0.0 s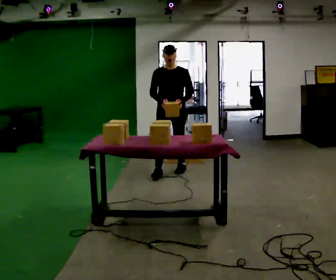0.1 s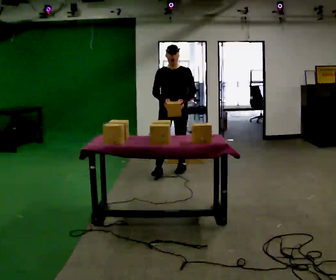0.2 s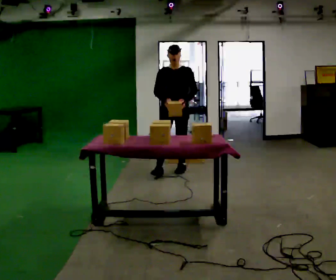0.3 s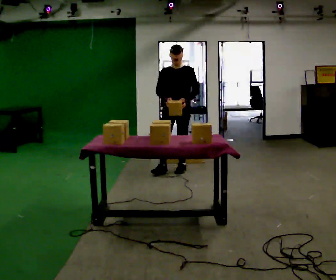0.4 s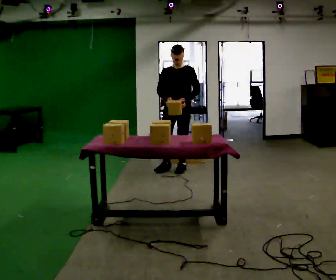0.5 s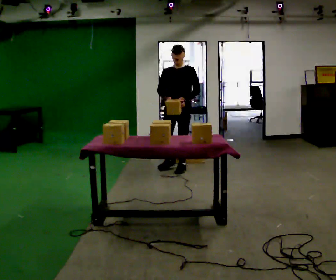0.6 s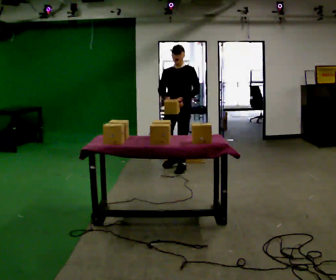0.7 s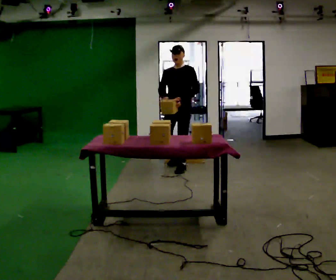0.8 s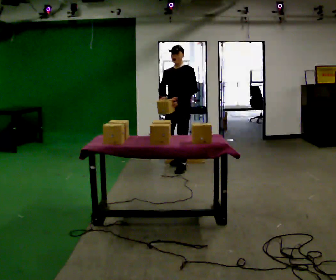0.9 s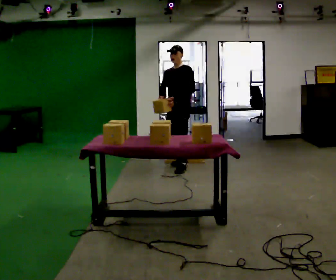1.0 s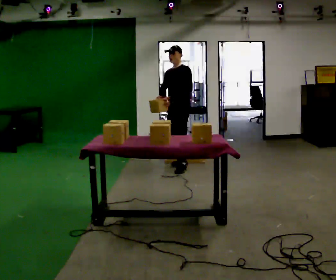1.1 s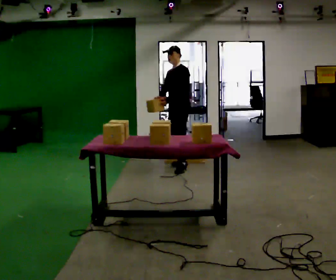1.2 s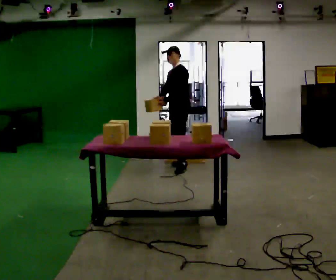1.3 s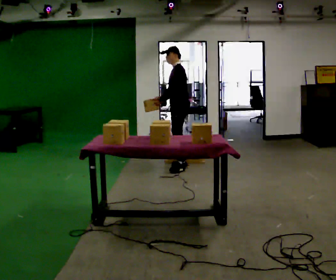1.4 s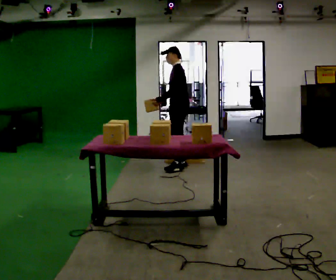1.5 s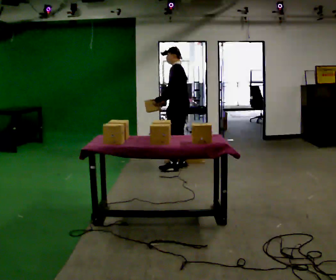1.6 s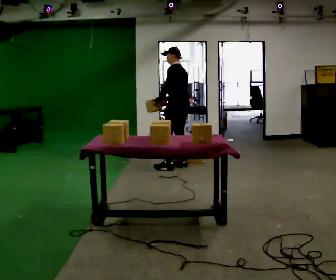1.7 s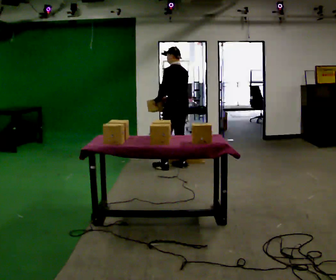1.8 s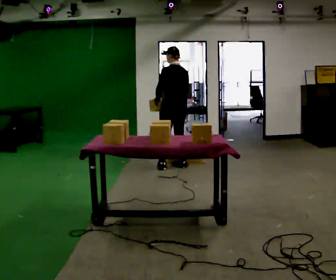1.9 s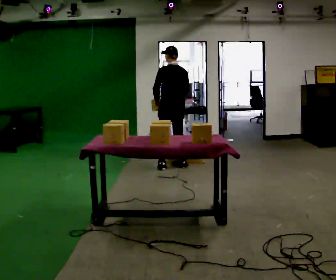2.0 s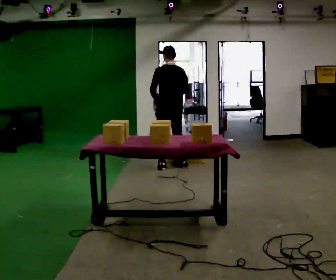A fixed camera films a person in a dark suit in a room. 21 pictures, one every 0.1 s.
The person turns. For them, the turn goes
to their right.
The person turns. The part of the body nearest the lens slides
to the left.
0.0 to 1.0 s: The person turns about 45 degrees to their right, clockwise seen from above, so the part of the body nearest the lens slides to the left. In the picture they go away from the camera, about 0.25 m in 1 step, which for them is backward.
1.0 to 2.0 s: Seen from above the body turns clockwise, about 105 degrees: to their right, with its near side sliding to the left. In the picture their left hand goes to the left.
The film runs backward here.
